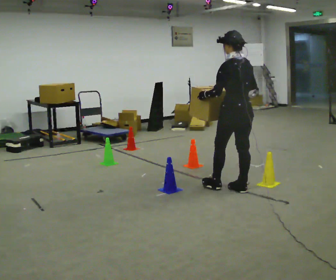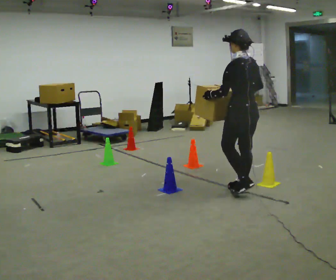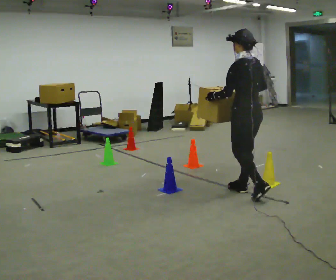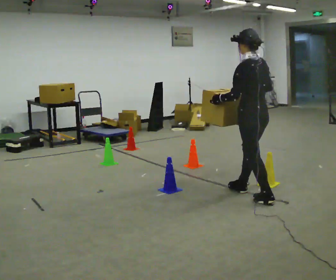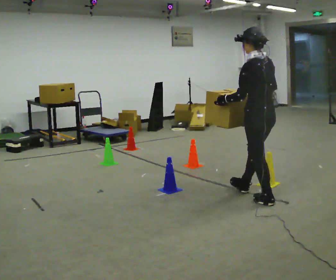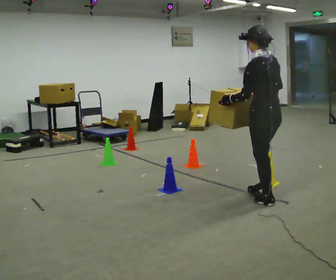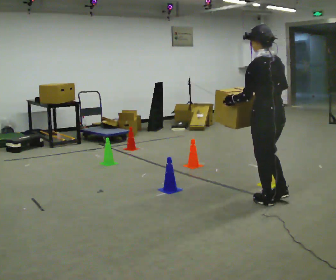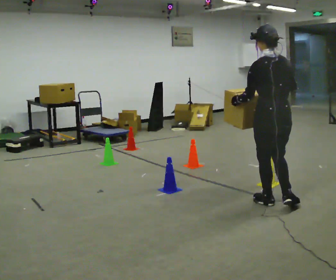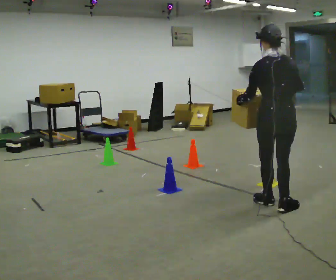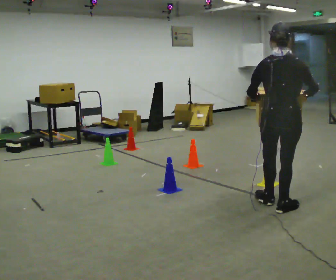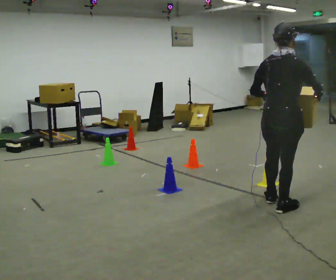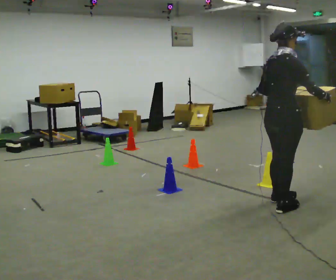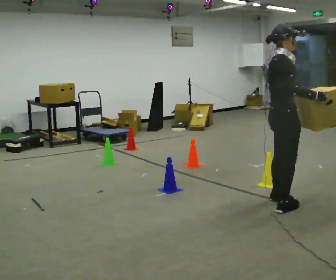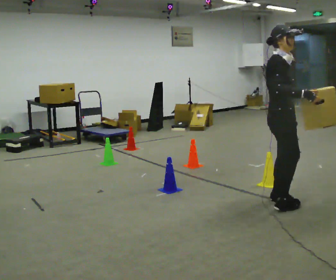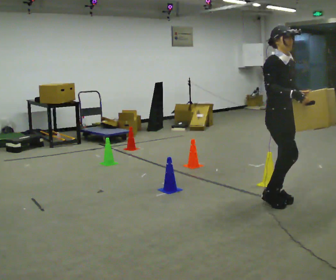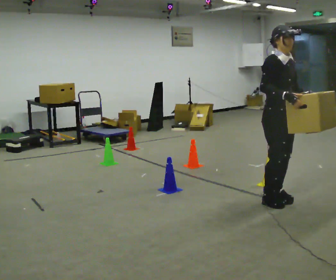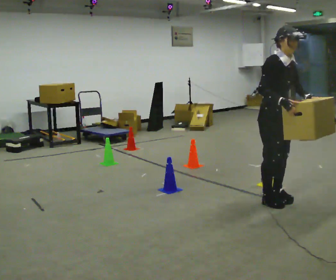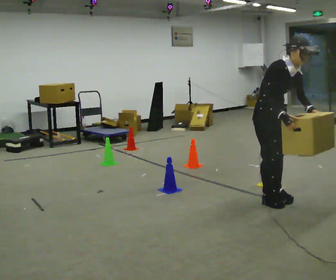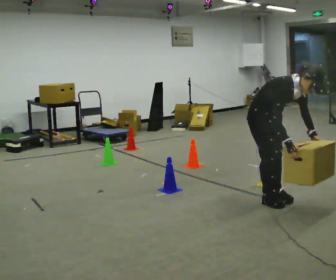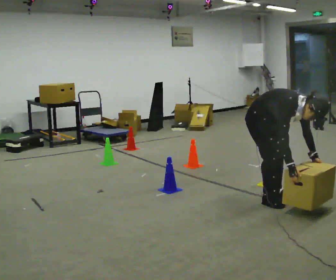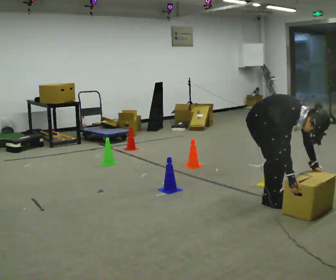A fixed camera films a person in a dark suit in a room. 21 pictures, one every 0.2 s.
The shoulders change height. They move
downward.
The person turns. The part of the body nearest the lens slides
to the left.
0.0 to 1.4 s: In the picture they go toward the camera and to the right, about 0.5 m in 1 step, which for them is backward.
1.4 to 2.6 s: Seen from above the body turns clockwise, about 135 degrees: to their right, with its near side sliding to the left.
2.6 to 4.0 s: In the picture they go to the left, about 0.25 m, which for them is backward. The upper body goes downward. In the picture the upper body tilts clockwise, shoulders to the right, as they bend forward. In the picture their right hand goes downward.
The film runs backward here.
